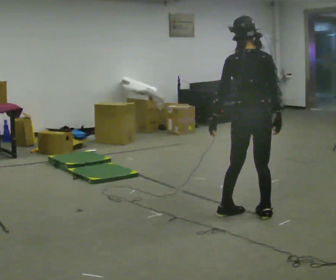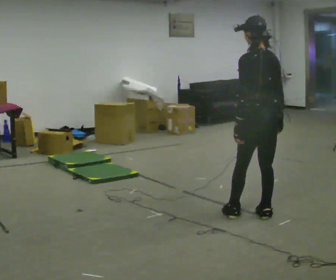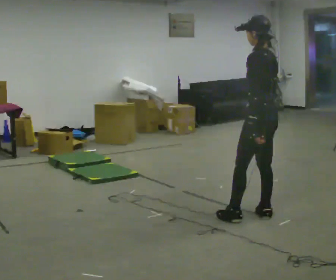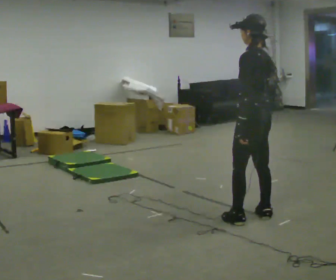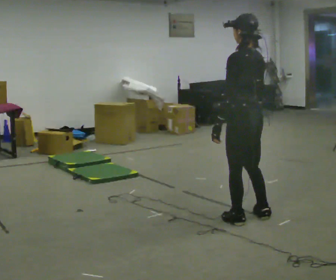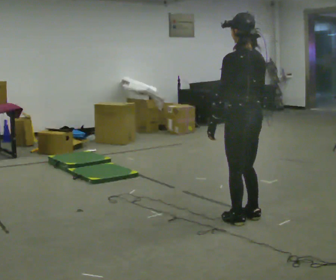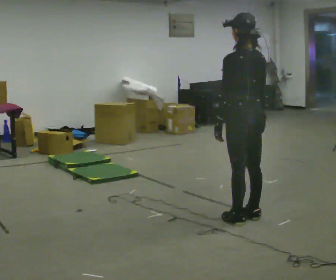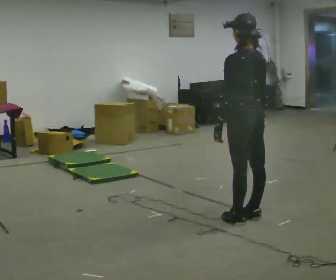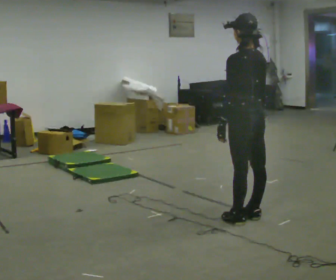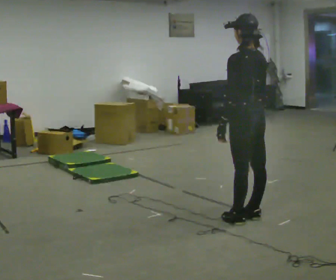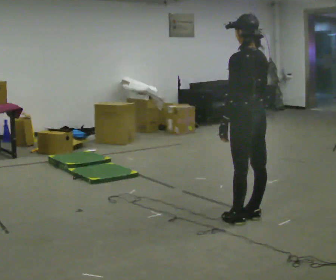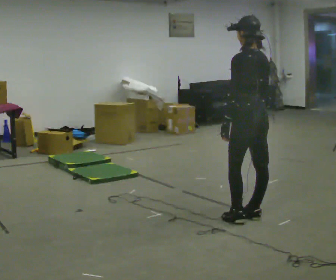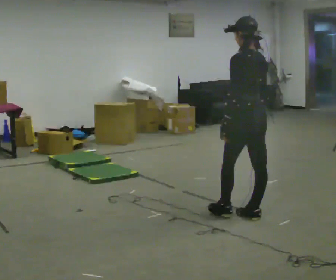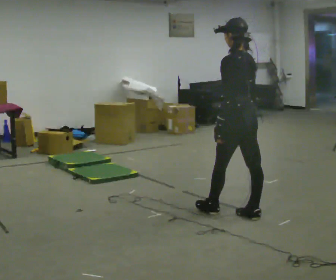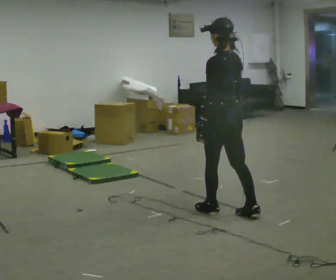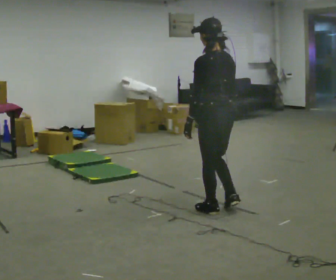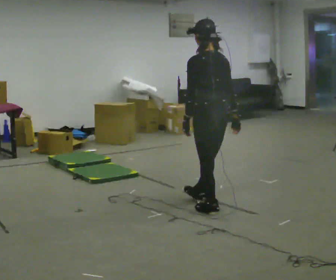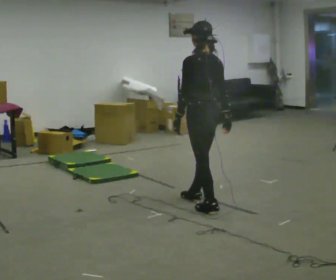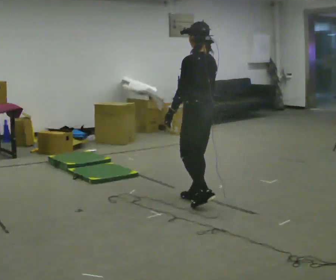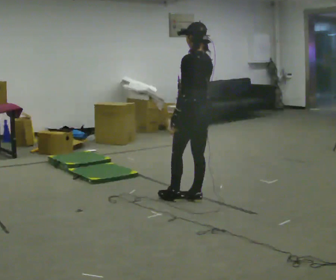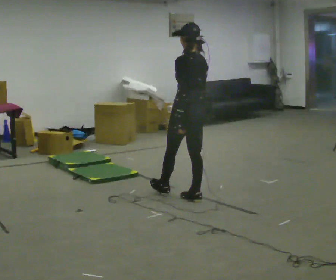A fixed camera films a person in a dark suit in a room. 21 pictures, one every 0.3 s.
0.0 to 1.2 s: The person turns about 45 degrees to their left, counterclockwise seen from above, so the part of the body nearest the lens slides to the right. In the picture they go toward the camera, about 0.25 m in 1 step, which for them is to their left.
1.2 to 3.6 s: The person moves a little, or ends about where they began.
3.6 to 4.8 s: In the picture they go to the left, about 0.5 m in 1 step, which for them is forward and to their left.
4.8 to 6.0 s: In the picture they go away from the camera and to the left, about 0.5 m in 2 steps, which for them is forward.
The film runs forward here.
